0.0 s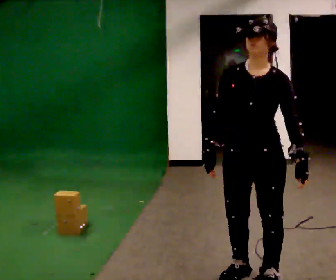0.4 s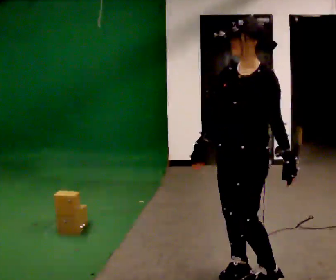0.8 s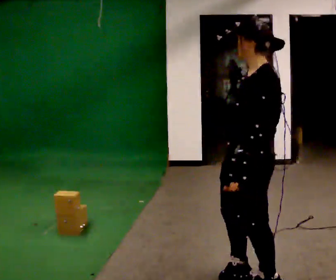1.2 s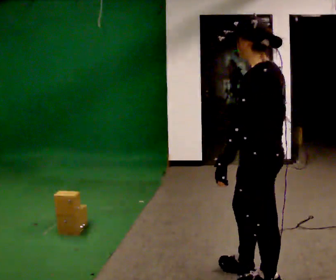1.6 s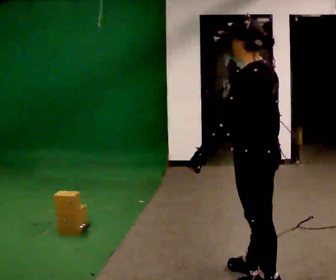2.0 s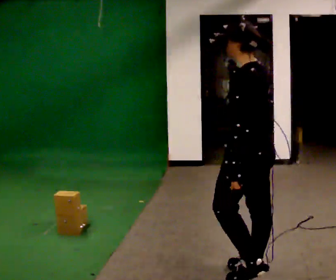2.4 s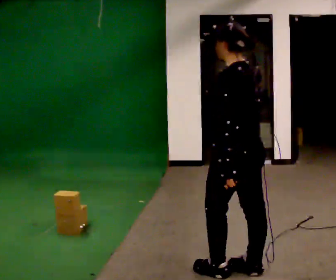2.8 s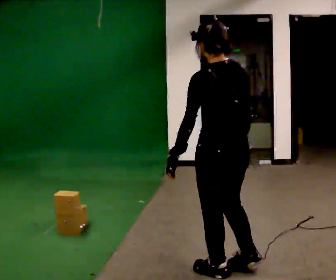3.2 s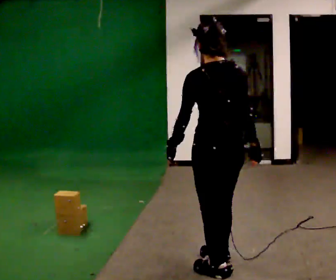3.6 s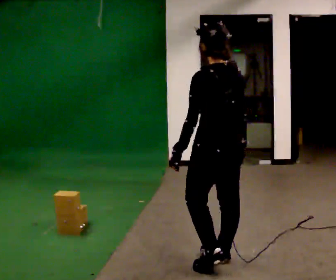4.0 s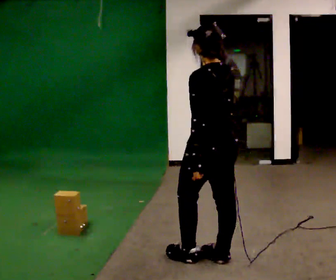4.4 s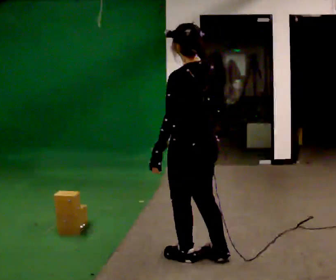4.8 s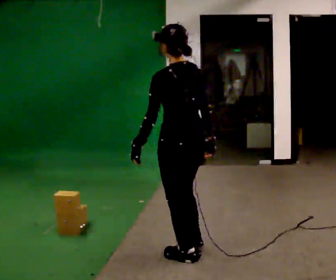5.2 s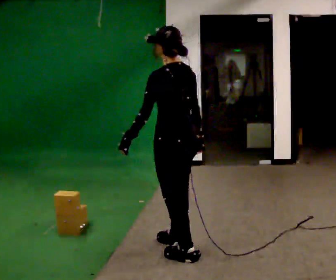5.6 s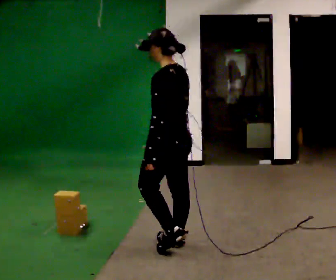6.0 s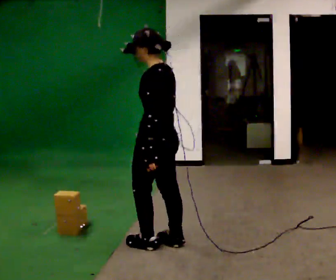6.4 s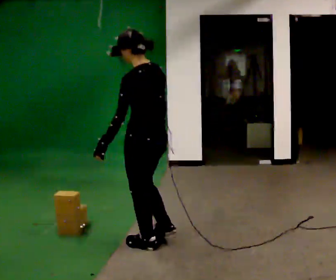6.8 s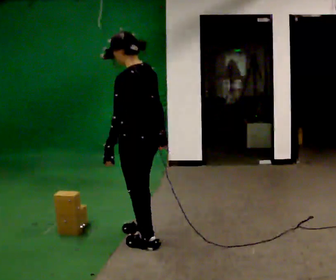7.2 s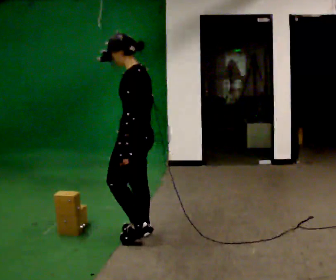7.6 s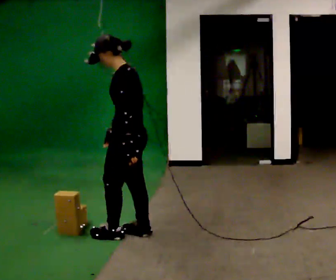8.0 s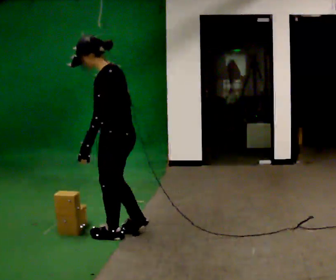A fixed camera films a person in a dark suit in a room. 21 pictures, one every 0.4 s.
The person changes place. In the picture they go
to the left.
0.0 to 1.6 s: Seen from above the body turns clockwise, about 105 degrees: to their right, with its near side sliding to the left. In the picture their left hand goes to the left, the arm swinging clockwise.
1.6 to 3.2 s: The person turns about 30 degrees to their right, clockwise seen from above, so the part of the body nearest the lens slides to the left. In the picture they go to the left, about 0.25 m in 2 steps, which for them is forward.
3.2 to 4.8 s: In the picture they go to the left and away from the camera, about 0.25 m in 1 step, which for them is forward.
4.8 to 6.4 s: In the picture they go to the left and away from the camera, about 0.25 m in 2 steps, which for them is forward.
6.4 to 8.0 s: In the picture they go to the left, about 0.25 m in 2 steps, which for them is forward.
The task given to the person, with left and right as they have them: Carry the boxes over one at a time and lay them out on the pallet in the pattern the operator shows you. Keep going until the operator says stop; one object at a time, and do not rush between trips.
The film runs forward here.
